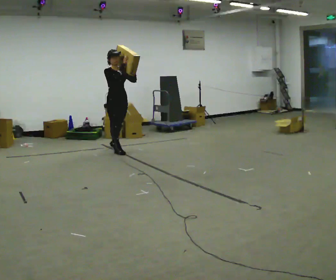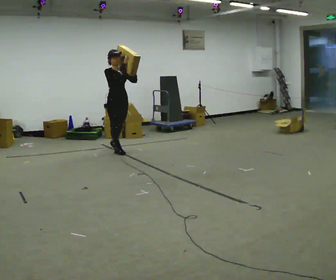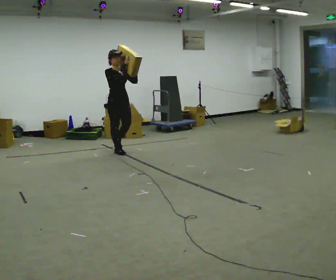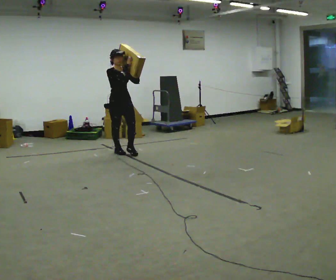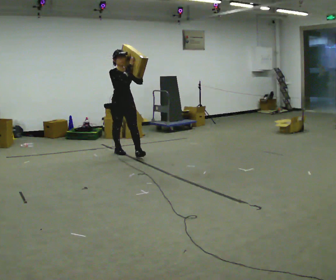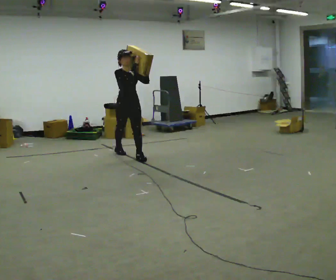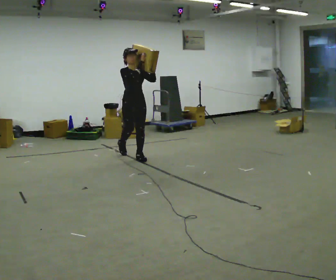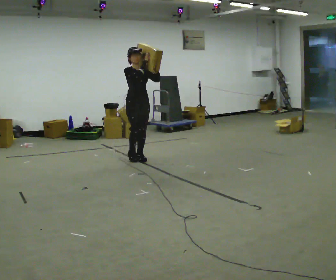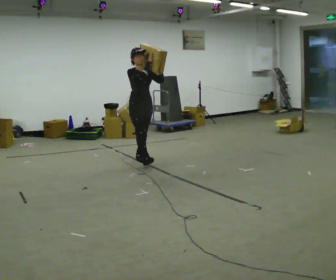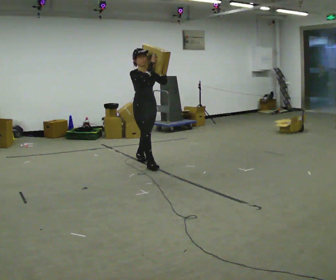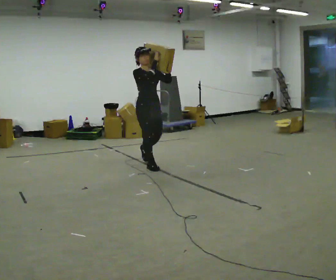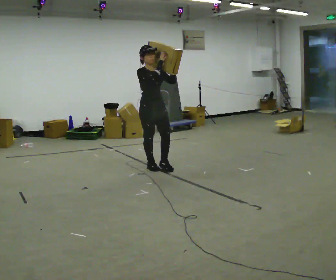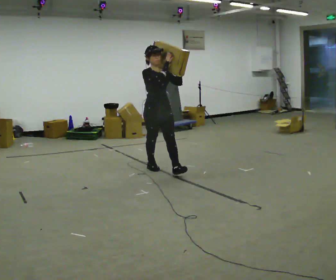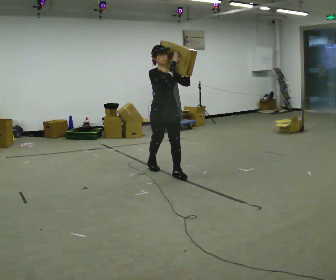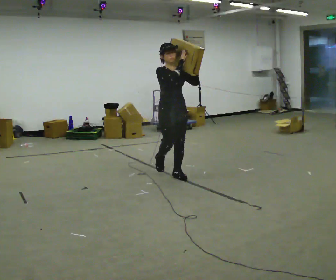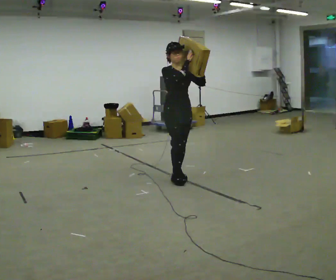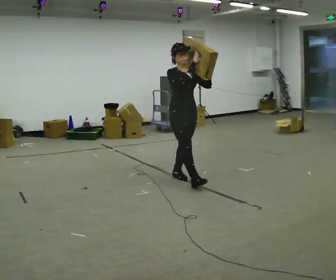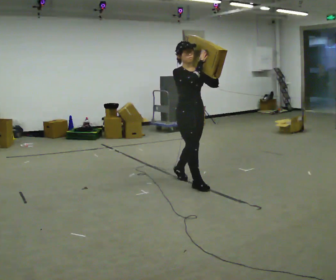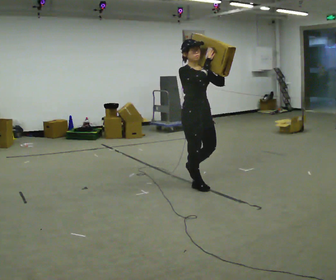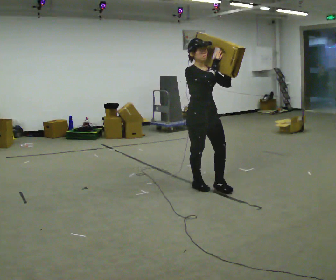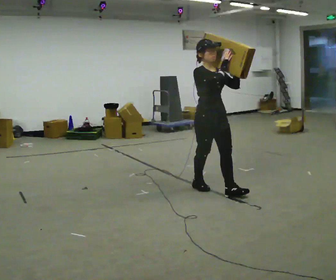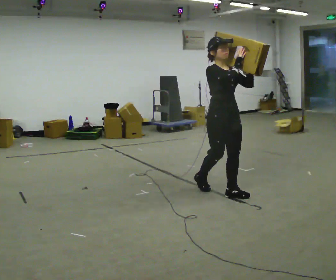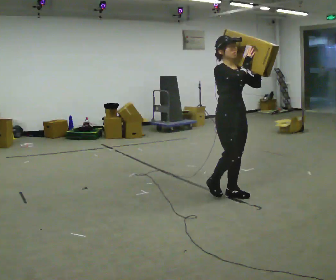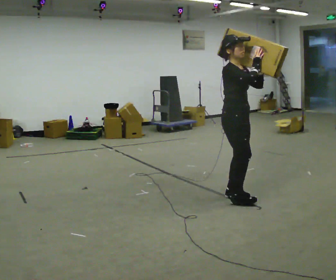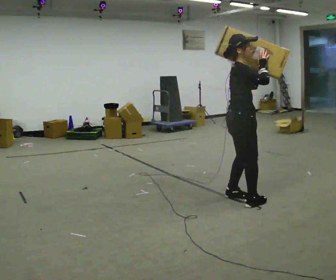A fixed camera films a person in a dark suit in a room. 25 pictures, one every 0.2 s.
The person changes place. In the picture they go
toward the camera.
0.0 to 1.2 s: In the picture they go toward the camera and to the right, about 0.5 m in 1 step, which for them is forward.
1.2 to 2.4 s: In the picture they go toward the camera and to the right, about 1 m in 1 step, which for them is forward.
2.4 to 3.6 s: In the picture they go toward the camera and to the right, about 1 m in 2 steps, which for them is forward.
3.6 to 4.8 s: The part of the body nearest the lens slides to the right as the person turns to their left by about 60 degrees. In the picture they go toward the camera and to the right, about 0.75 m in 2 steps.
The film runs forward here.
